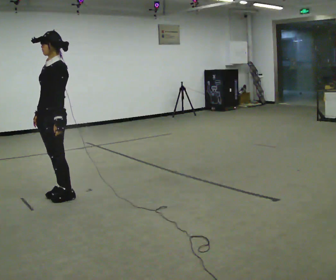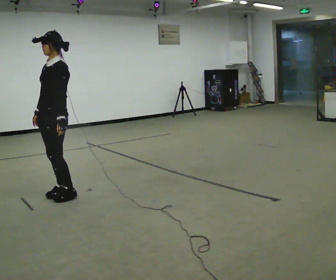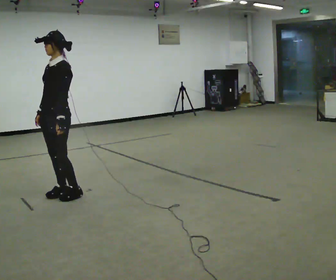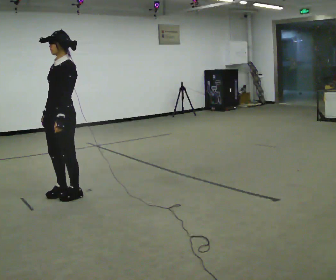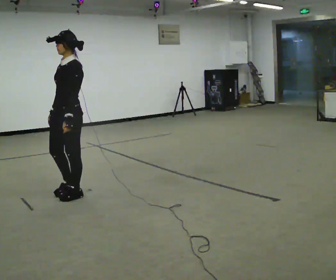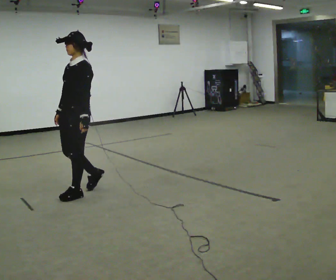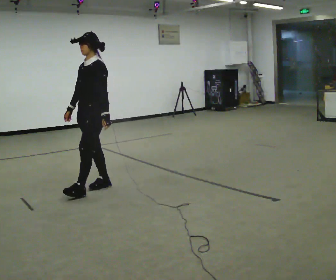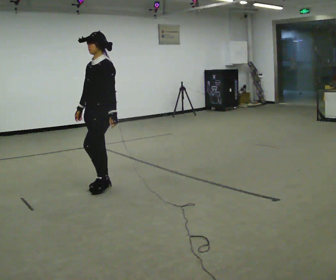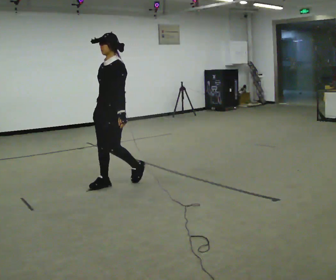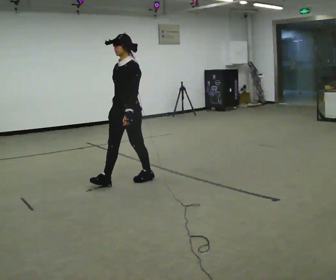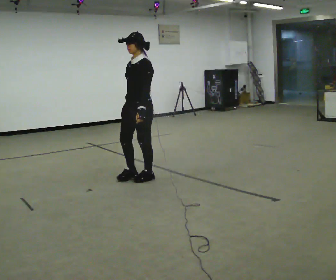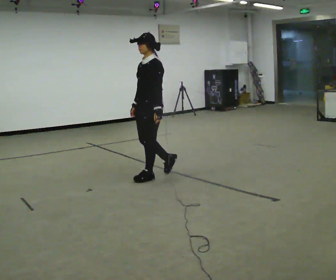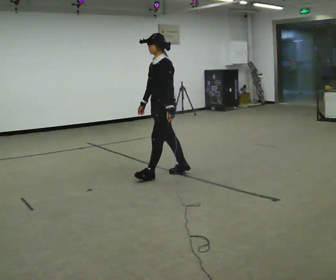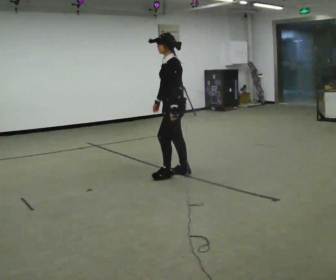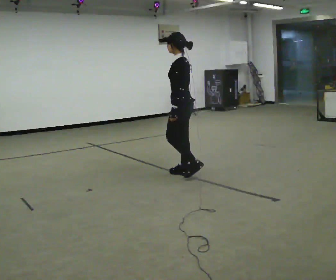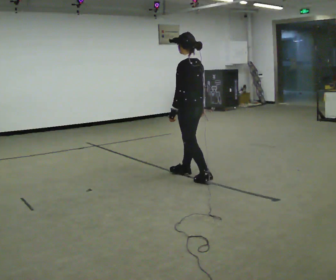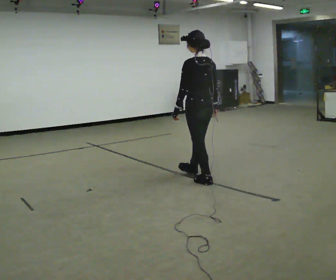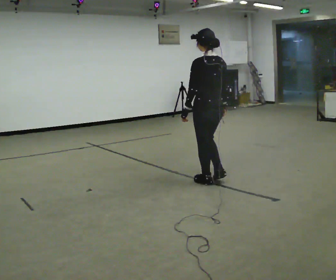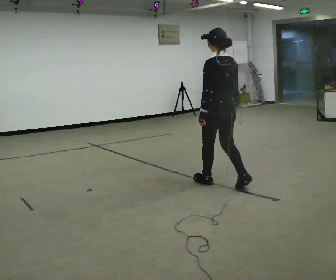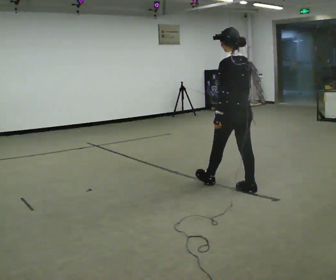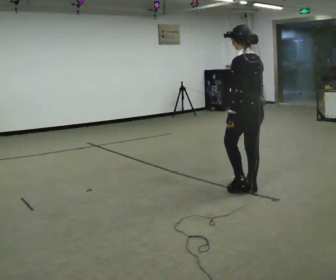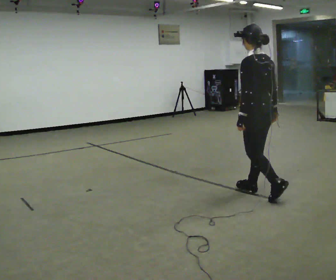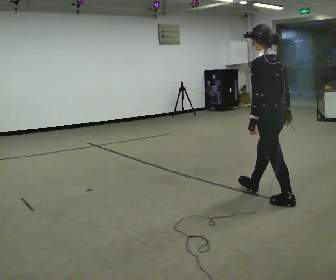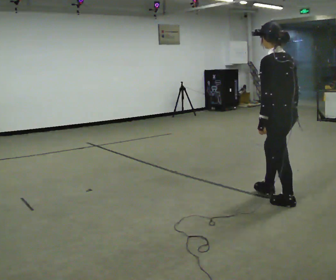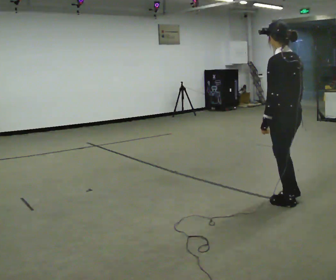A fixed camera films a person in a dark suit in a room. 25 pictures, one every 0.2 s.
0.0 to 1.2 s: In the picture they go to the right and away from the camera, about 0.25 m in 1 step, which for them is backward.
1.2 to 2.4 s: In the picture they go to the right and away from the camera, about 1 m in 2 steps, which for them is backward.
2.4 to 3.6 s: The person turns about 75 degrees to their right, clockwise seen from above, so the part of the body nearest the lens slides to the left. In the picture they go to the right and toward the camera, about 0.5 m in 2 steps.
3.6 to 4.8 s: In the picture they go toward the camera and to the right, about 1 m in 2 steps, which for them is backward.
The film runs backward here.
